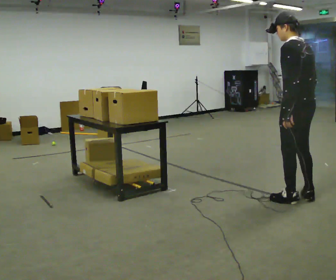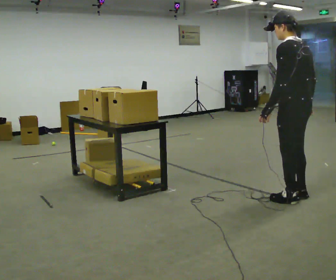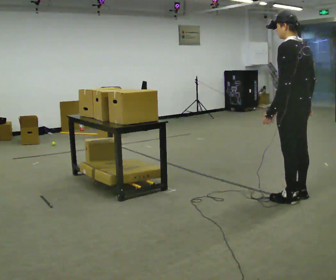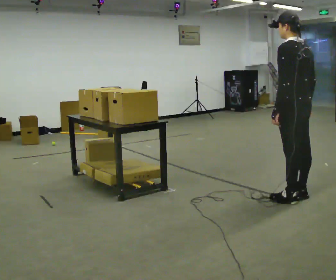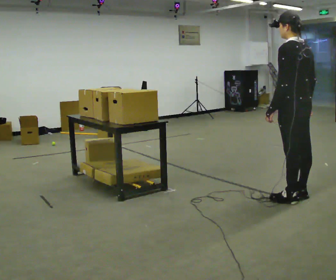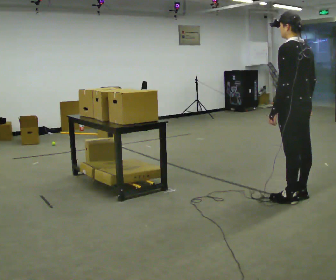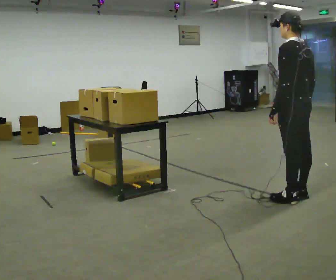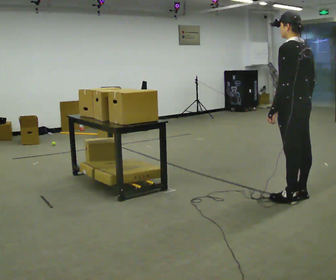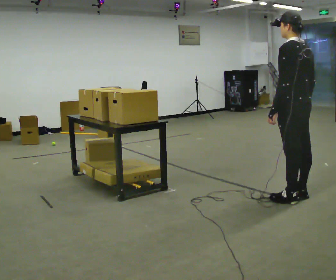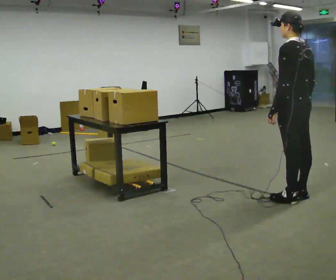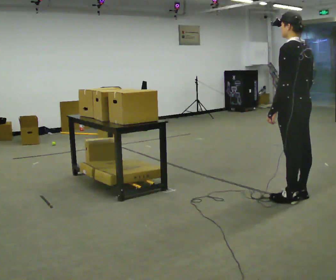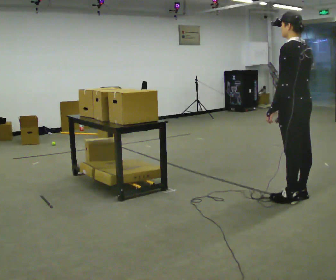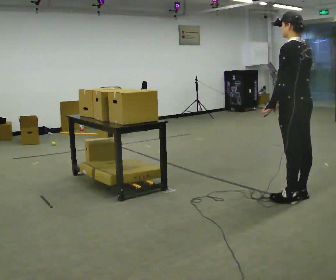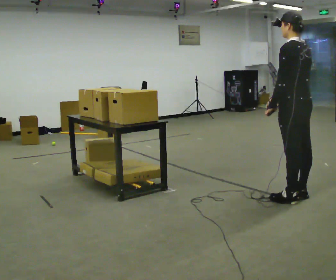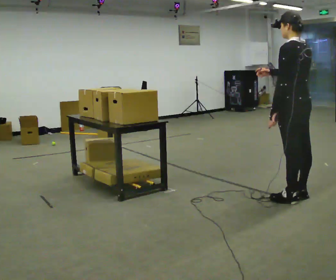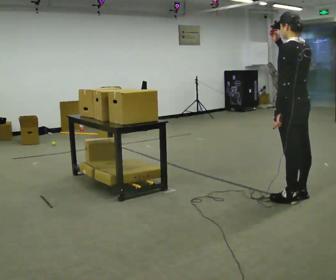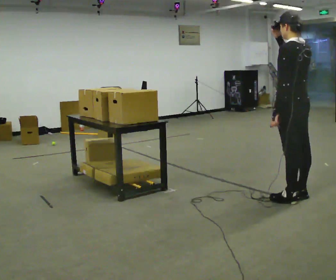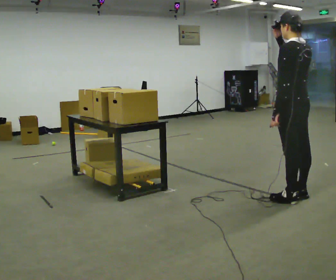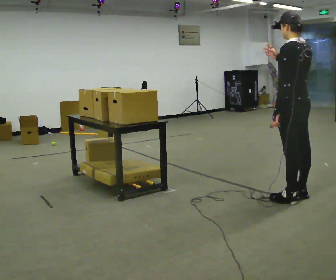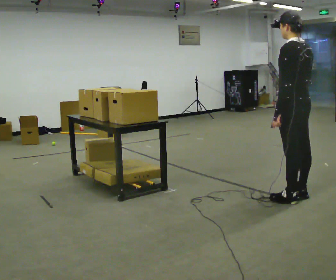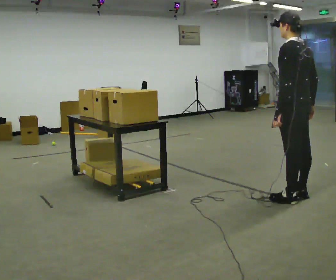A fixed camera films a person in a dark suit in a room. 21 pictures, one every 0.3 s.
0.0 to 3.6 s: The person moves a little, or ends about where they began.
3.6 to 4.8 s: In the picture their right hand goes upward.
4.8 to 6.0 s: In the picture their right hand goes downward.
The film runs forward here.
